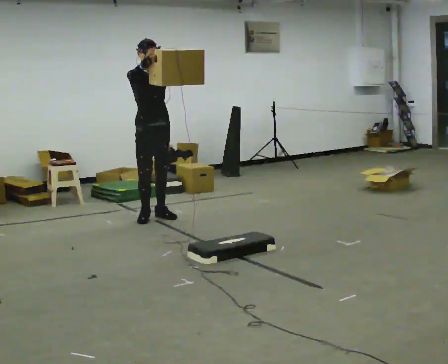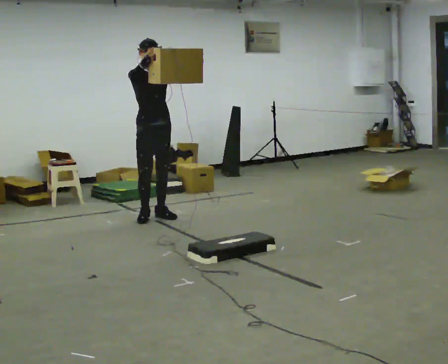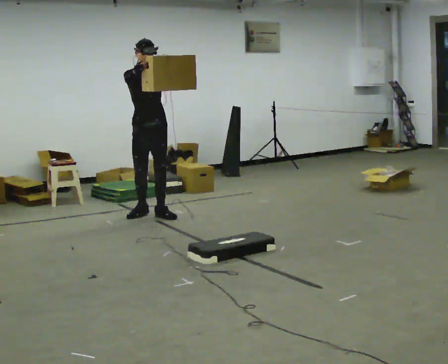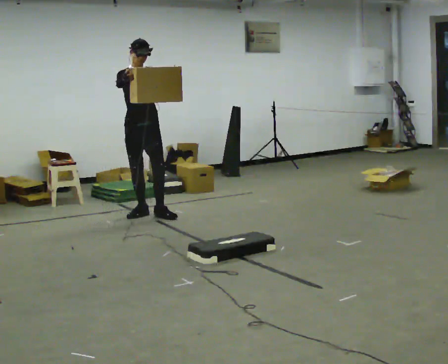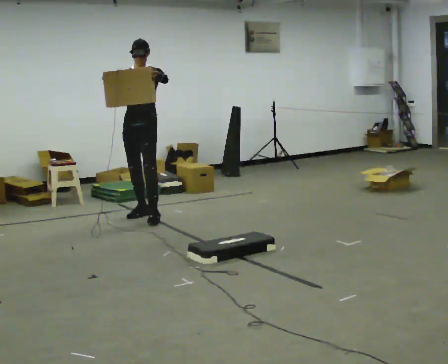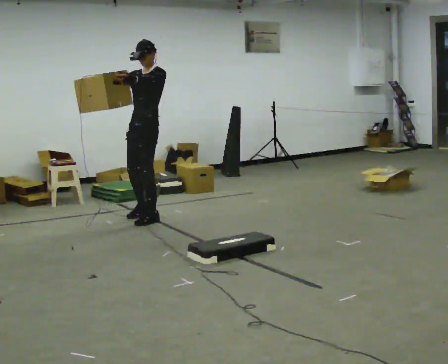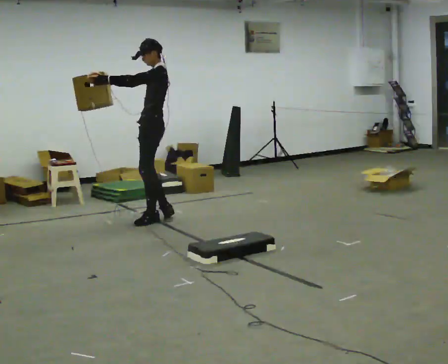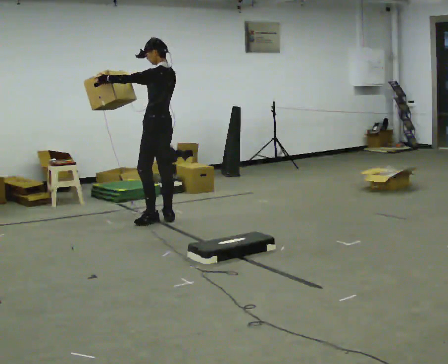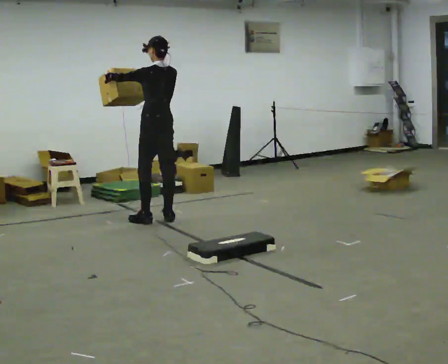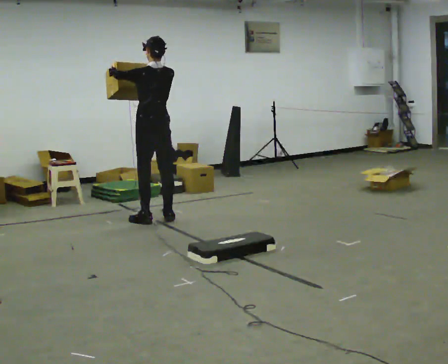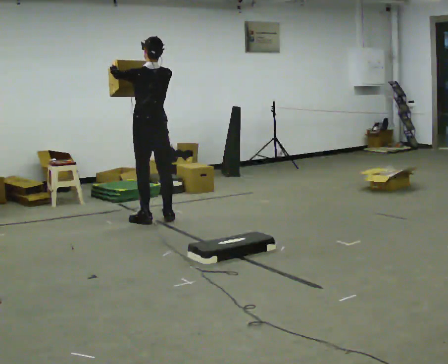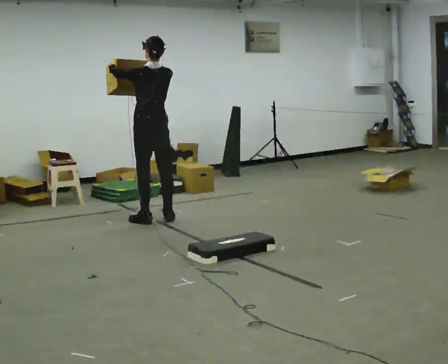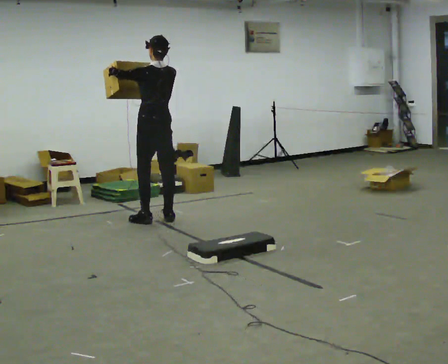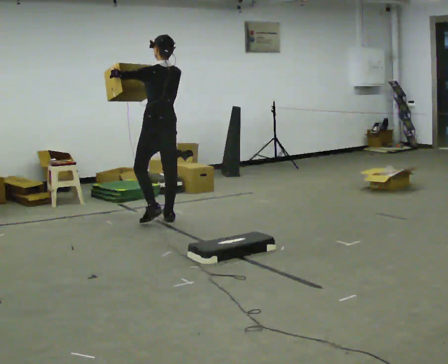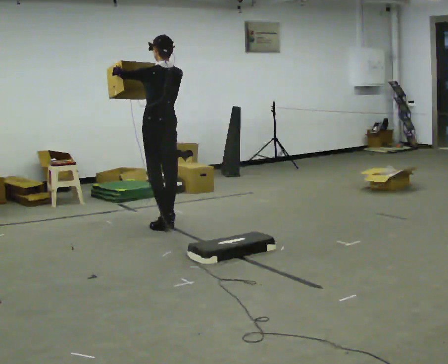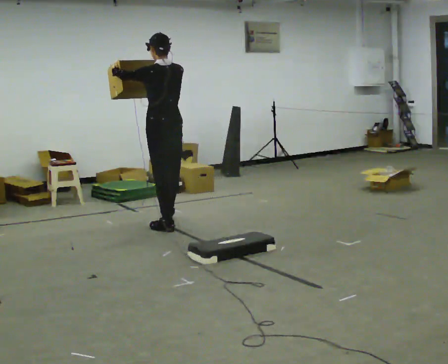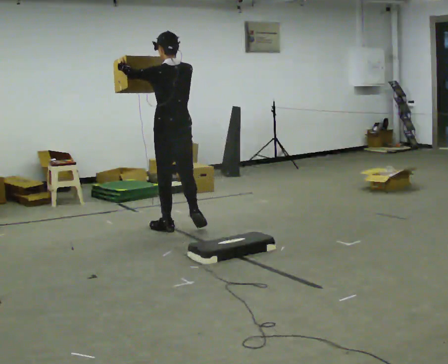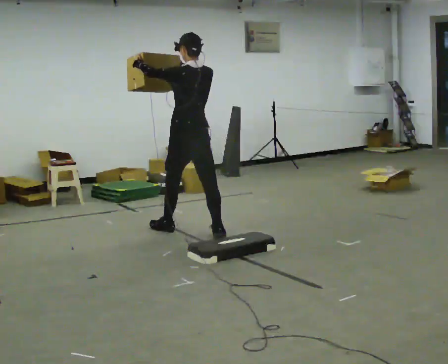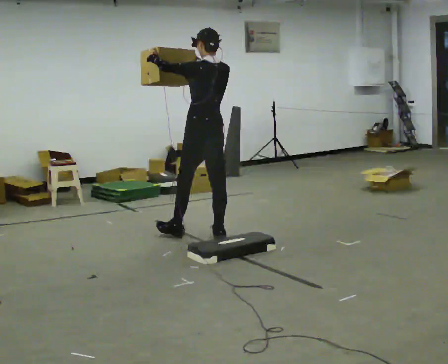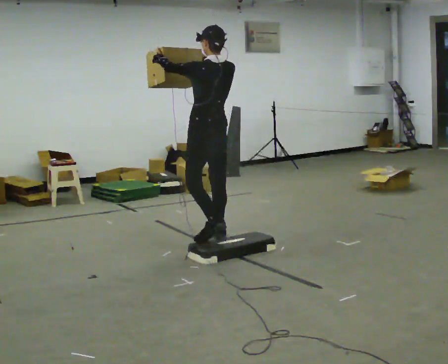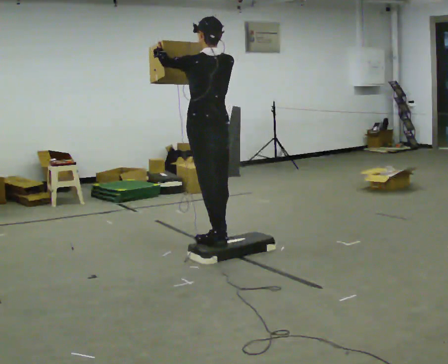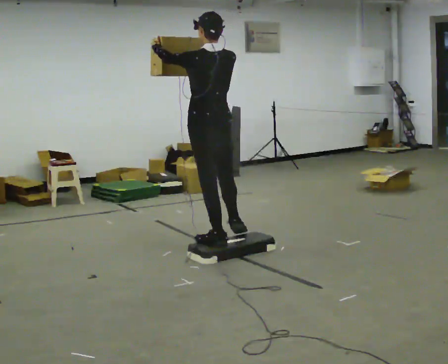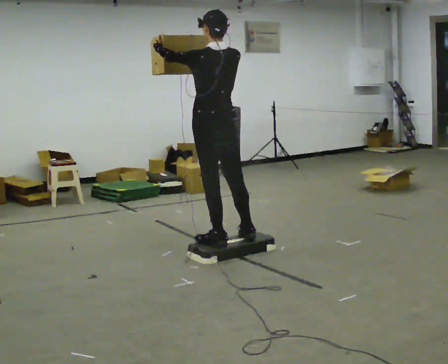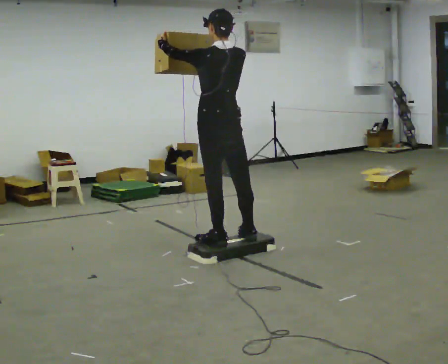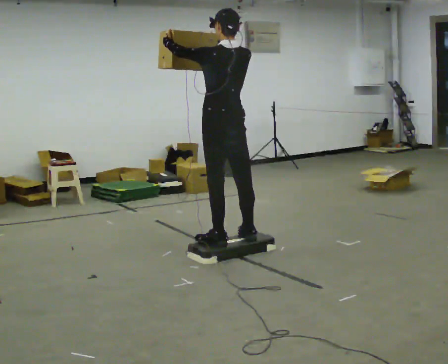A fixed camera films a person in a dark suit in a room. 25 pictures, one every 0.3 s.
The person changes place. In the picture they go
toward the camera.
0.0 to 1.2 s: The part of the body nearest the lens slides to the left as the person turns to their right by about 30 degrees. In the picture their left hand goes to the left.
1.2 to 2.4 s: The person turns about 135 degrees to their right, clockwise seen from above, so the part of the body nearest the lens slides to the left. In the picture they go toward the camera and to the right, about 0.25 m in 1 step.
2.4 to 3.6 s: The person moves a little, or ends about where they began.
3.6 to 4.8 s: In the picture they go toward the camera, about 0.5 m in 2 steps, which for them is backward.
4.8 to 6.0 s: In the picture they go toward the camera, about 0.75 m in 2 steps, which for them is backward.
6.0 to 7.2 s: In the picture they go toward the camera, about 0.25 m, which for them is backward.
The film runs backward here.
